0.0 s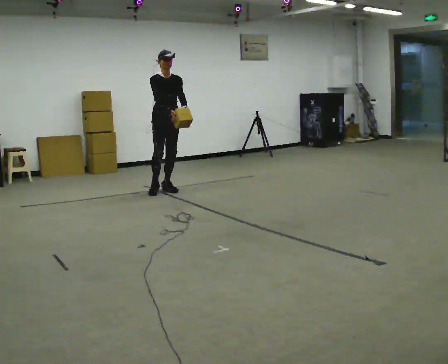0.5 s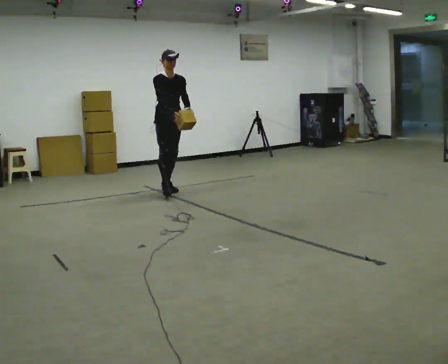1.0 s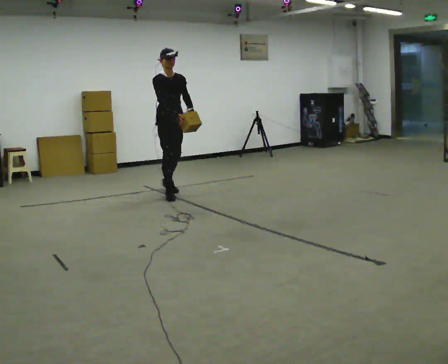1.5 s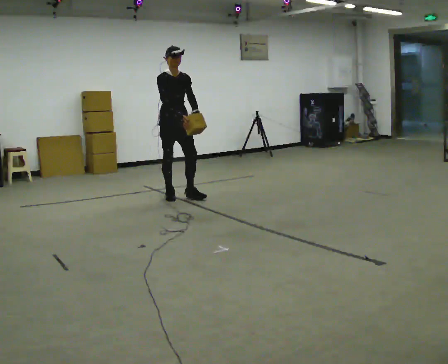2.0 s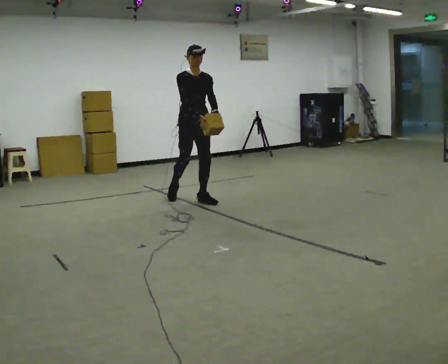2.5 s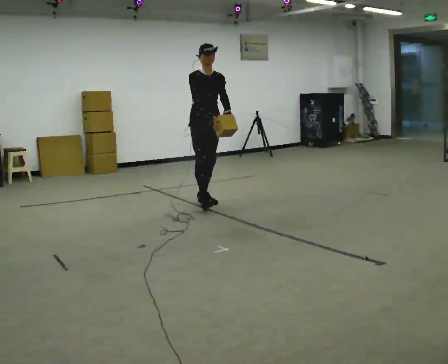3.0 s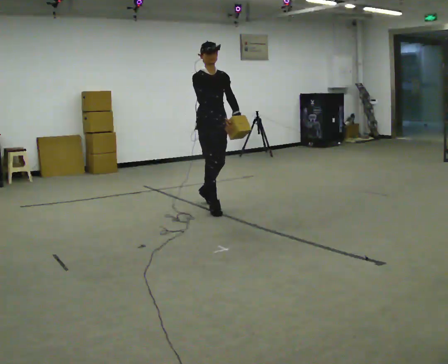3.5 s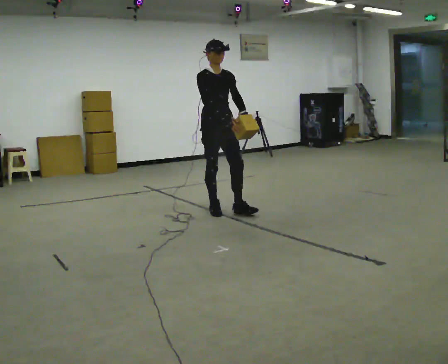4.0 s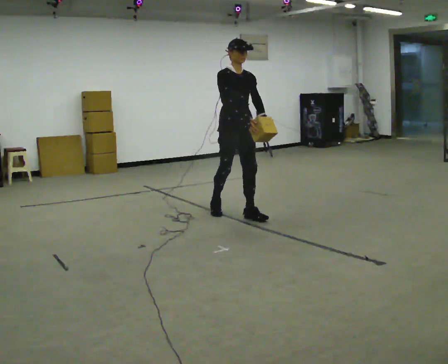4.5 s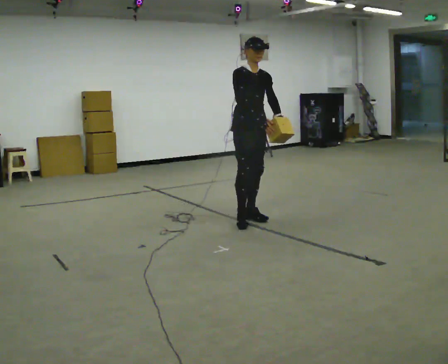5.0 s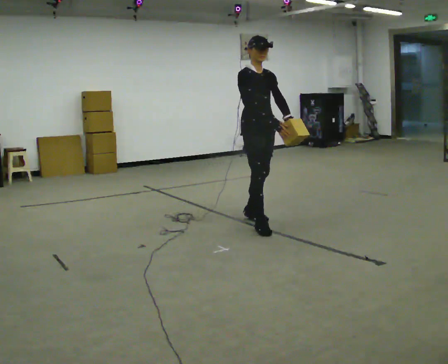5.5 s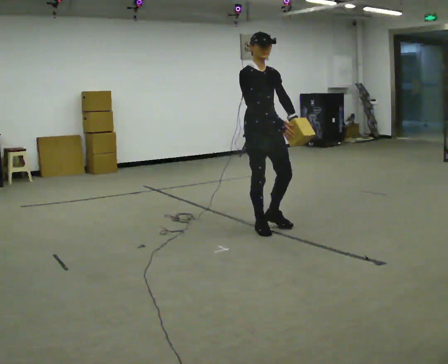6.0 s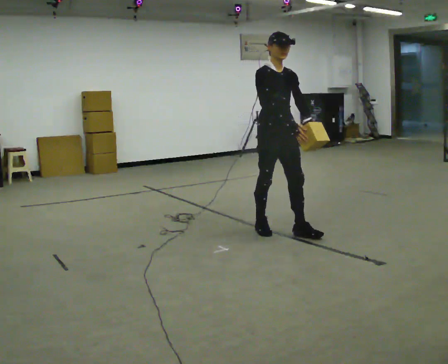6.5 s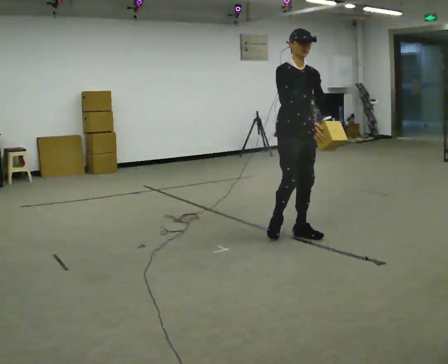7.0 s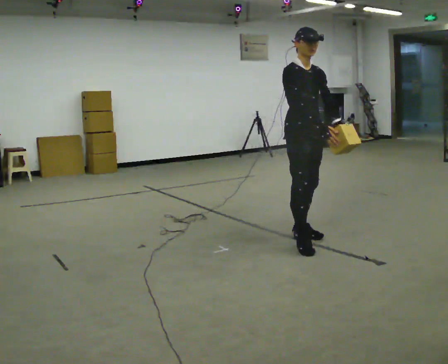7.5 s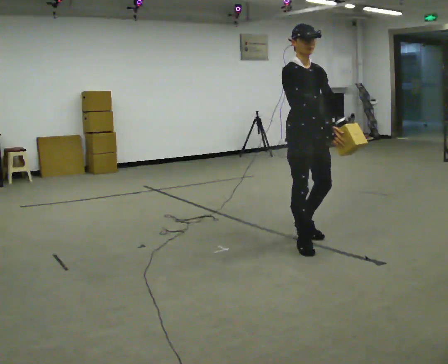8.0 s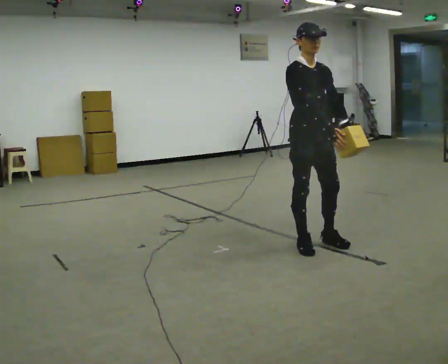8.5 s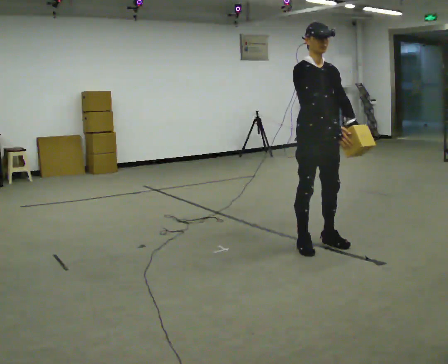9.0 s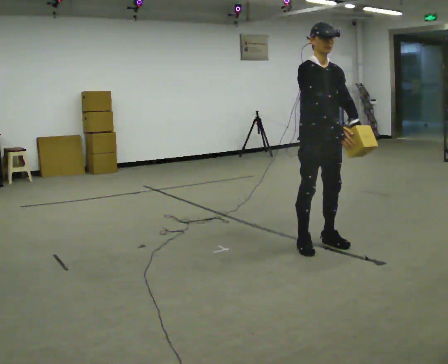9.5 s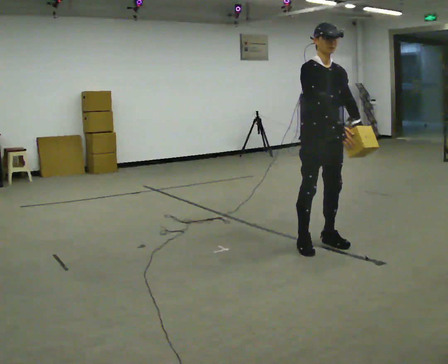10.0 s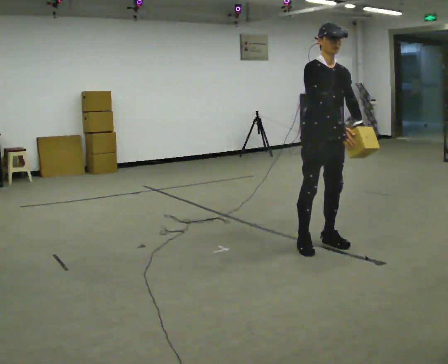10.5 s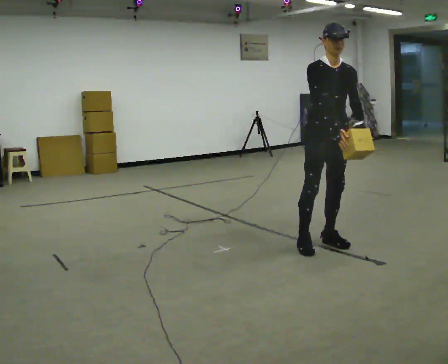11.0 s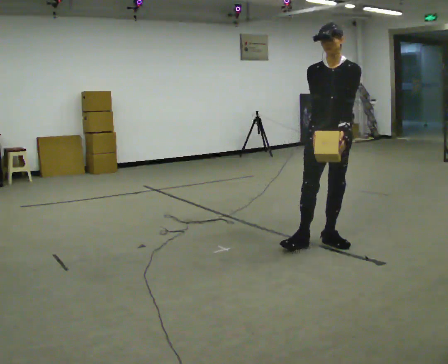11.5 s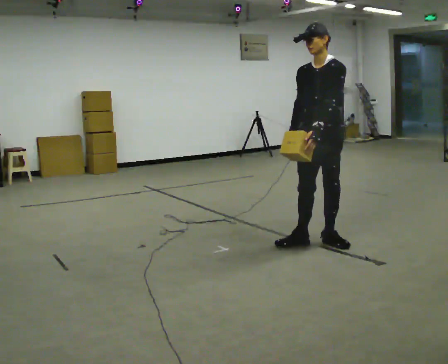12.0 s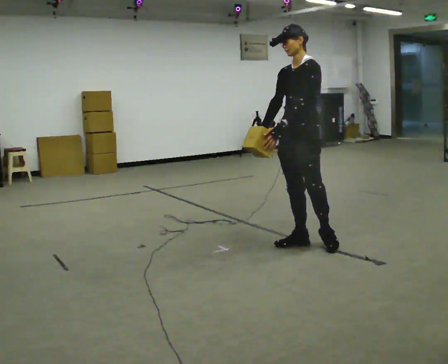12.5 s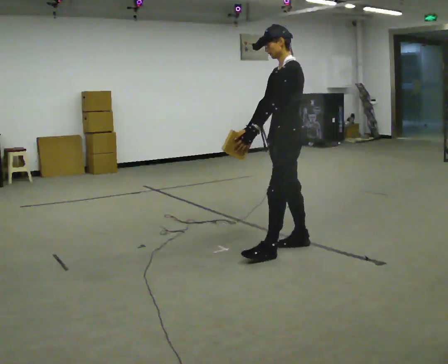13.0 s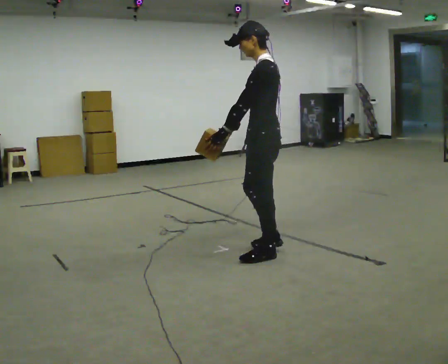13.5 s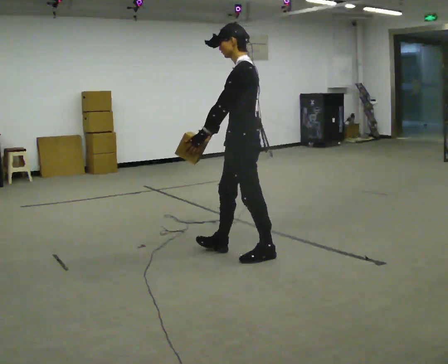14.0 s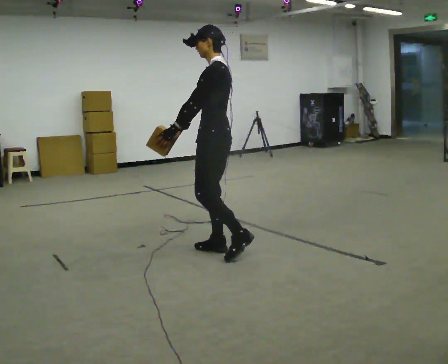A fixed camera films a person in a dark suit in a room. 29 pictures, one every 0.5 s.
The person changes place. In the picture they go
toward the camera.
0.0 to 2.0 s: In the picture they go toward the camera and to the right, about 0.75 m in 2 steps, which for them is forward.
2.0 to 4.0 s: In the picture they go toward the camera and to the right, about 1 m in 2 steps, which for them is forward.
4.0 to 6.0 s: In the picture they go toward the camera and to the right, about 0.5 m in 2 steps, which for them is forward.
6.0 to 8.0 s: In the picture they go toward the camera and to the right, about 0.5 m in 2 steps, which for them is forward.
8.0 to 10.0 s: The person moves a little, or ends about where they began.
10.0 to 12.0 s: Seen from above the body turns clockwise, about 75 degrees: to their right, with its near side sliding to the left. In the picture their right hand goes to the left.
12.0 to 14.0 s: The person turns about 45 degrees to their right, clockwise seen from above, so the part of the body nearest the lens slides to the left. In the picture they go to the left, about 0.75 m in 2 steps, which for them is forward.
The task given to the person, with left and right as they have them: Carry the light box in both hands in front of you, walking back and forth across the room. Keep walking until the operator says stop.
The film runs forward here.
